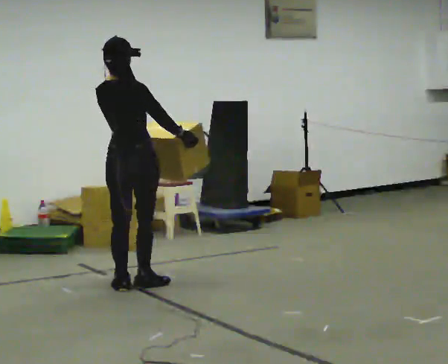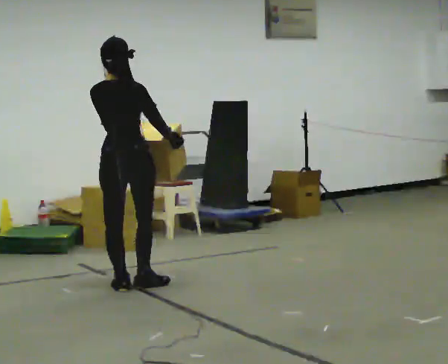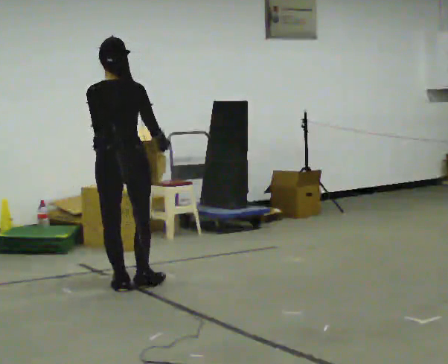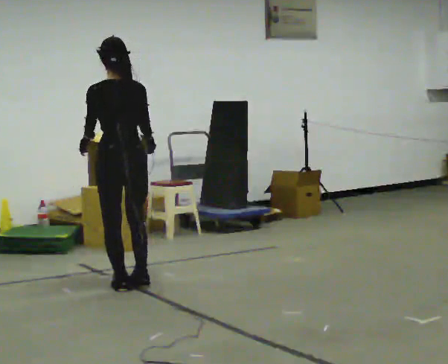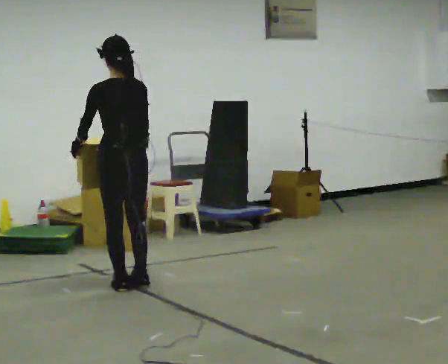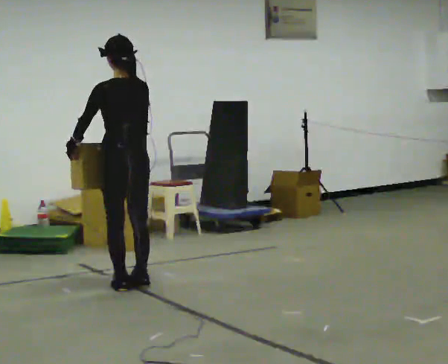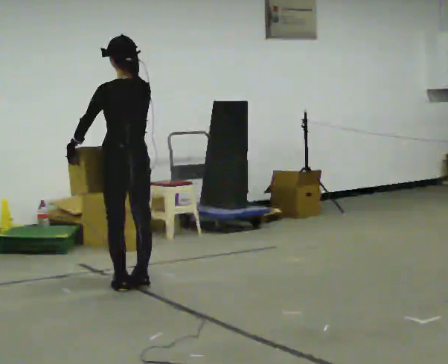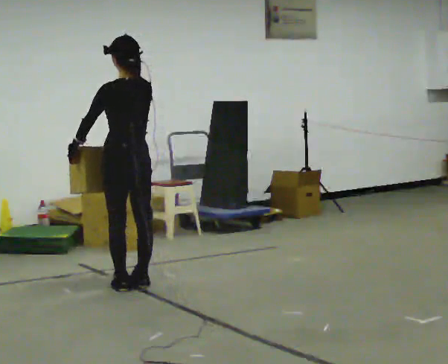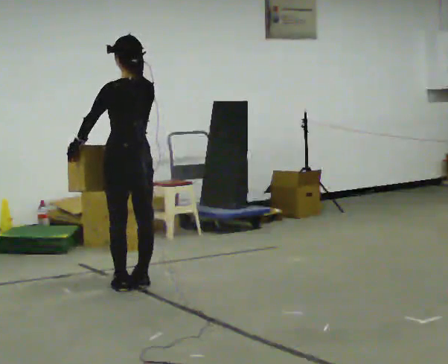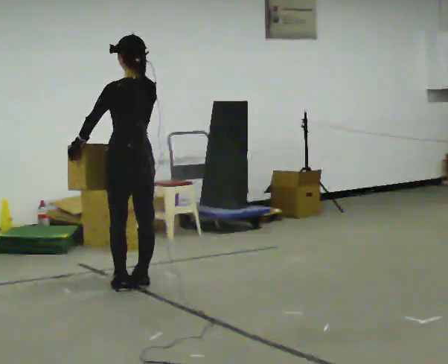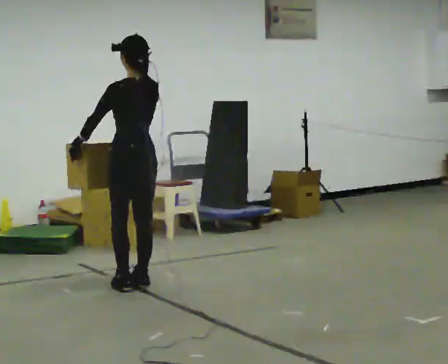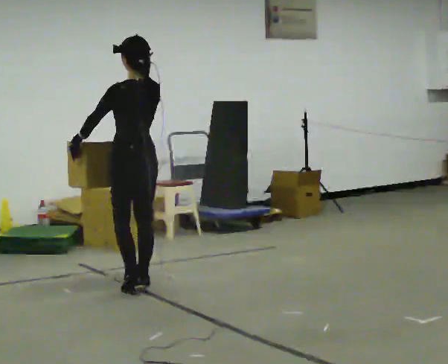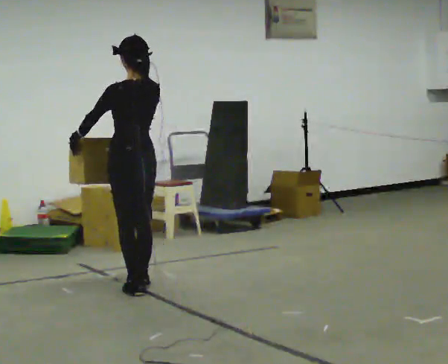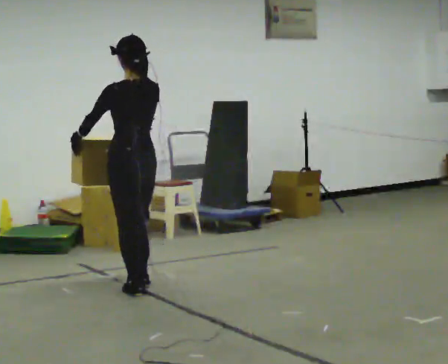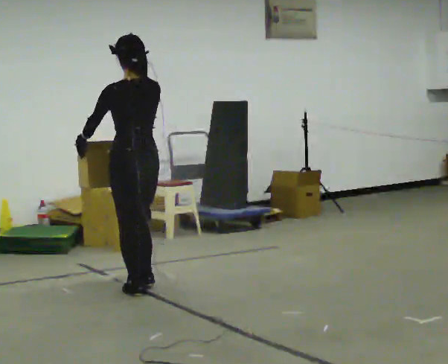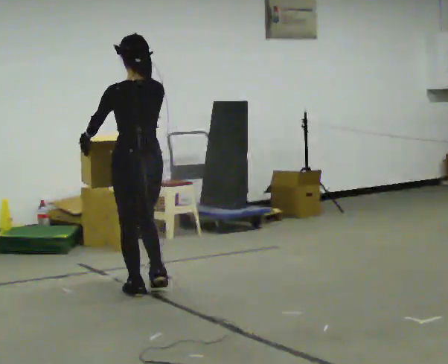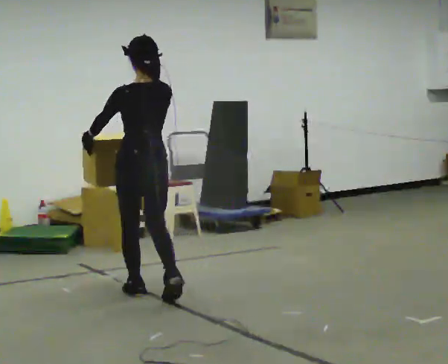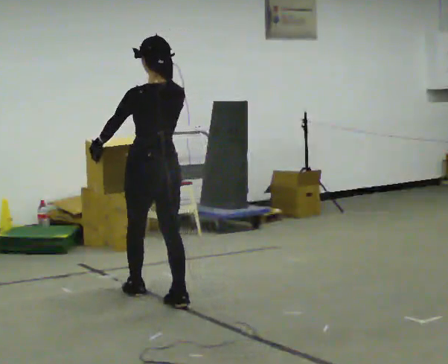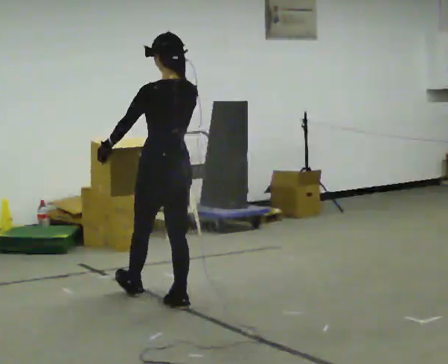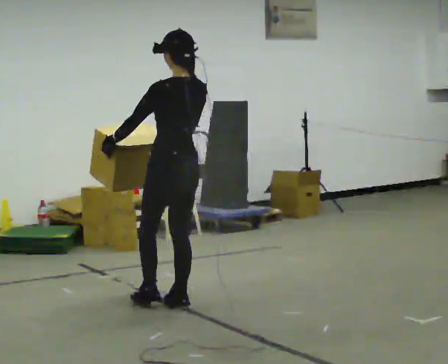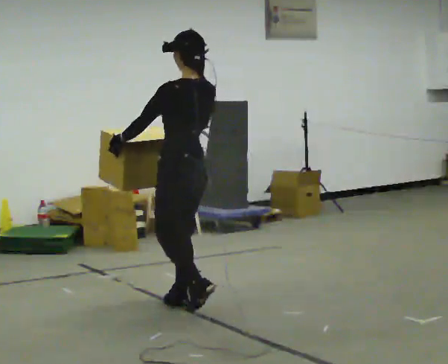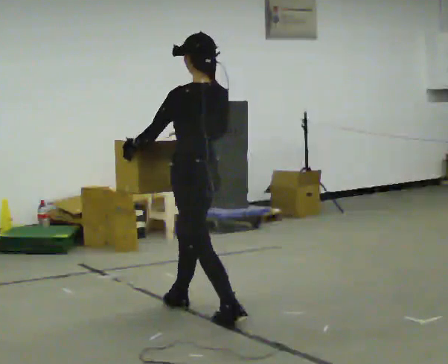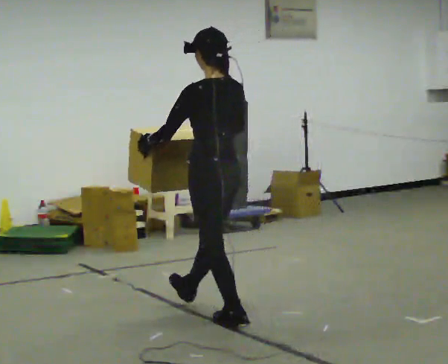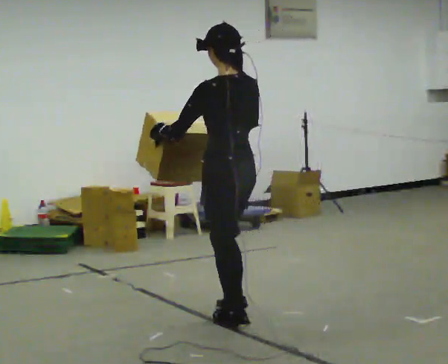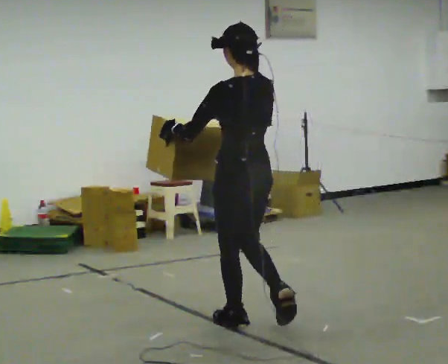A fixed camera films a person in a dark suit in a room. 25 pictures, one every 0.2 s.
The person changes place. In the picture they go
toward the camera.
Their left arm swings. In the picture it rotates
clockwise.
0.0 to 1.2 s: The person turns about 60 degrees to their left, counterclockwise seen from above, so the part of the body nearest the lens slides to the right. In the picture their left hand goes to the left, the arm swinging clockwise.
1.2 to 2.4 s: The person moves a little, or ends about where they began.
2.4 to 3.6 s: In the picture they go toward the camera, about 0.5 m in 2 steps, which for them is backward.
3.6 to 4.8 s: In the picture they go toward the camera and to the right, about 0.5 m in 1 step, which for them is backward.
The film runs backward here.
